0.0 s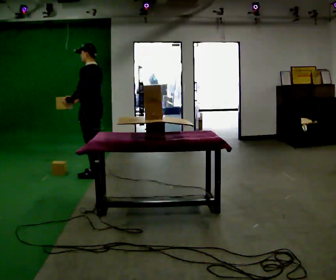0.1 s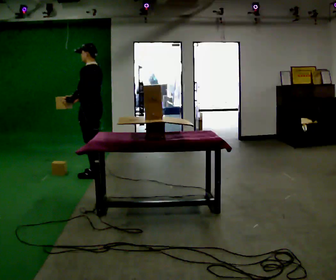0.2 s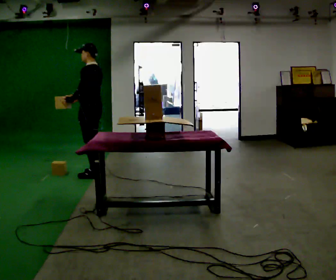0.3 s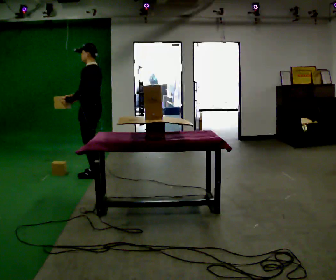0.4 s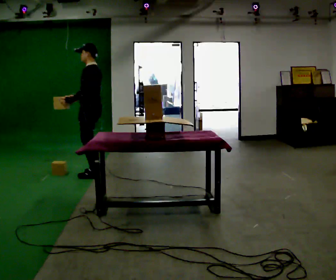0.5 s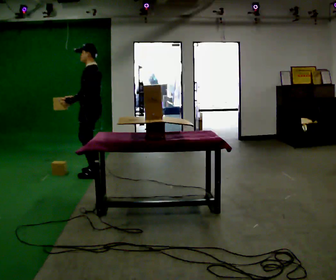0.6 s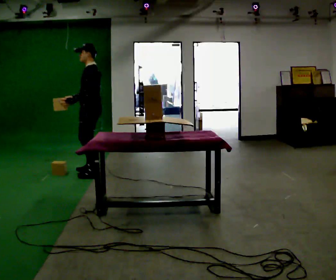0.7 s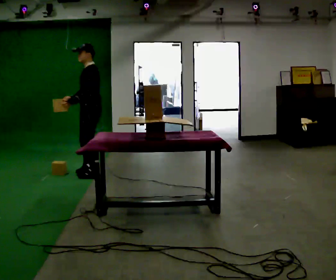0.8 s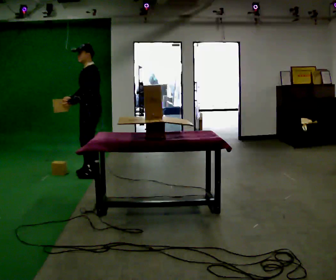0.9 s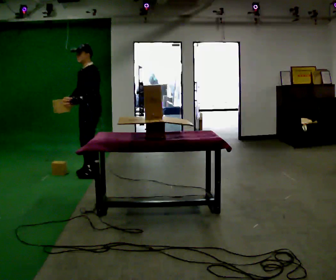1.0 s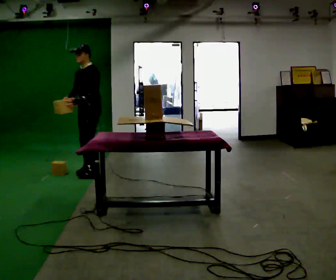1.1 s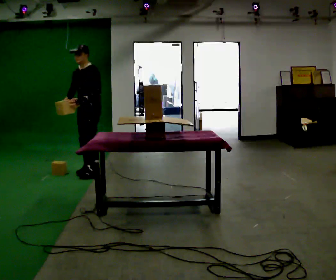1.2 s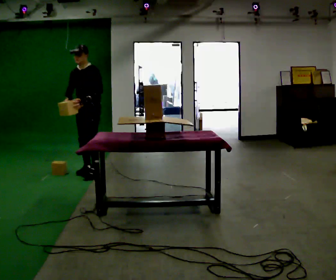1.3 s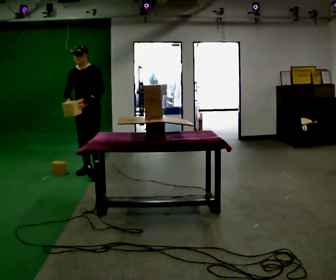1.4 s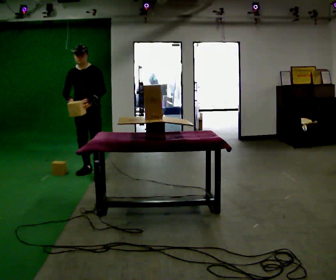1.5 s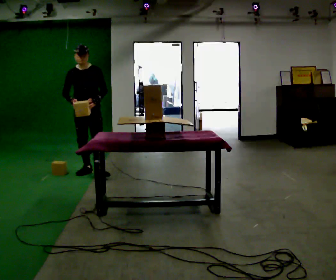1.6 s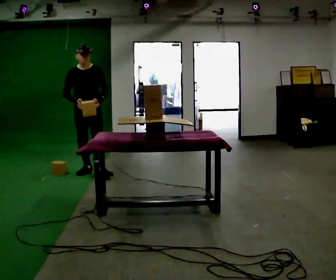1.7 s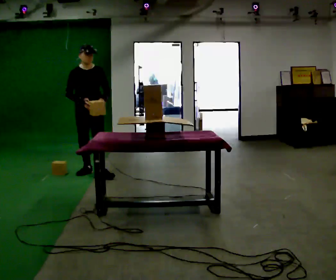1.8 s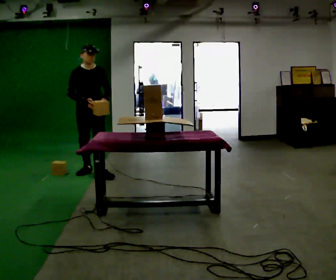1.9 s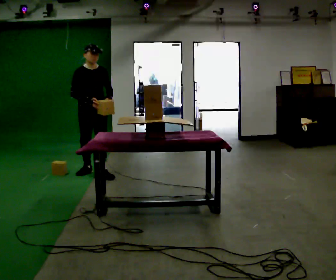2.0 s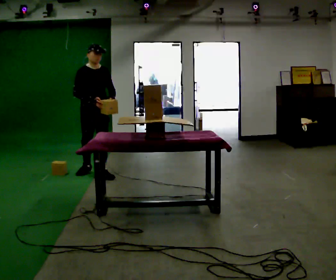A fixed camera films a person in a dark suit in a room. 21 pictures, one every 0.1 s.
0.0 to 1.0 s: Seen from above the body turns counterclockwise, about 60 degrees: to their left, with its near side sliding to the right.
1.0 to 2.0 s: Seen from above the body turns counterclockwise, about 75 degrees: to their left, with its near side sliding to the right. In the picture their left hand goes to the right, the arm swinging counterclockwise.
The film runs forward here.
